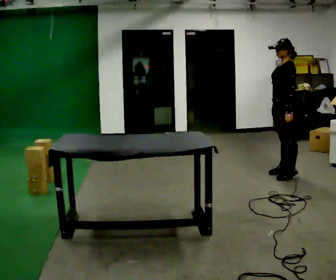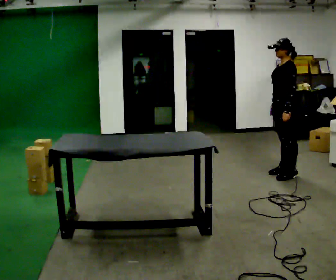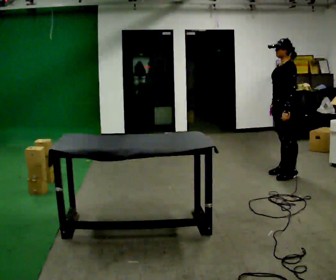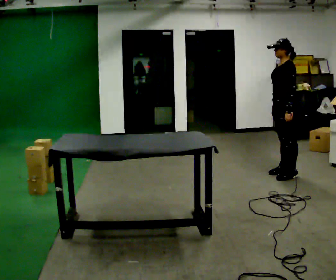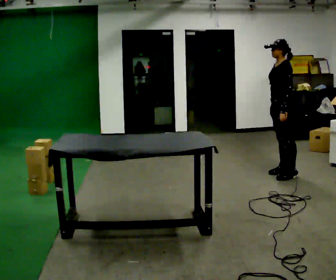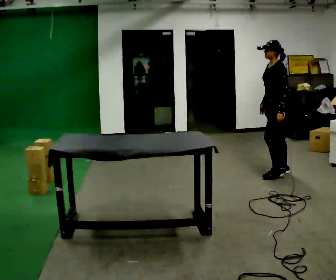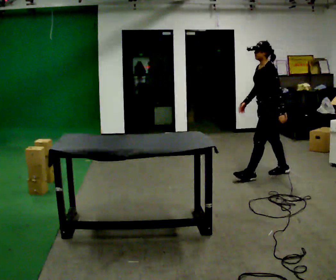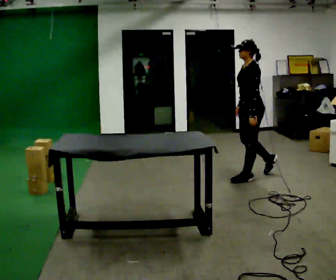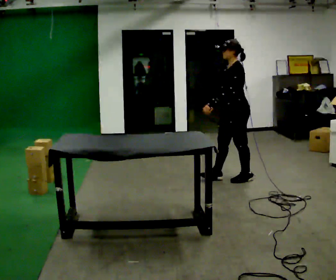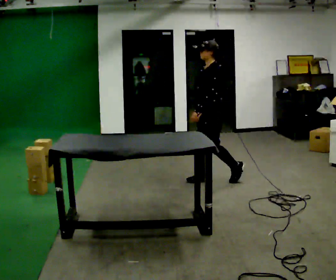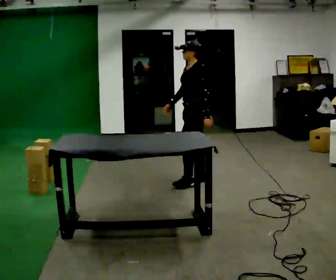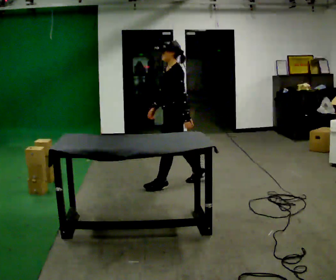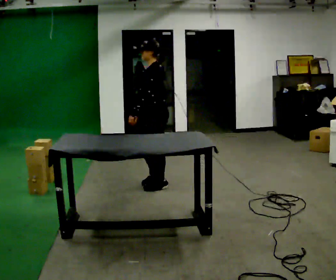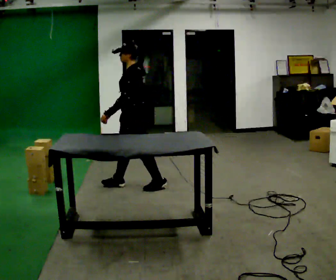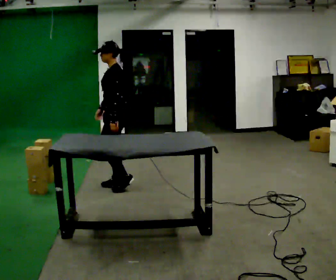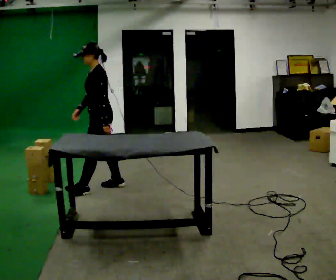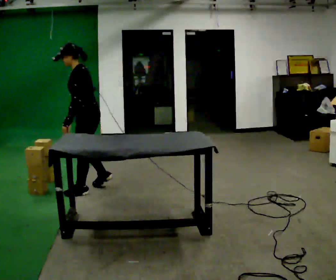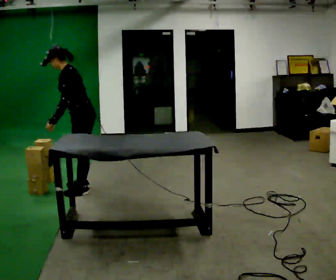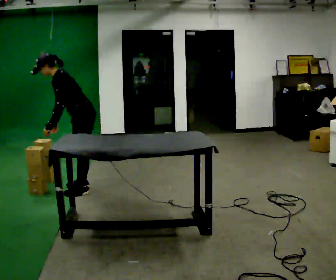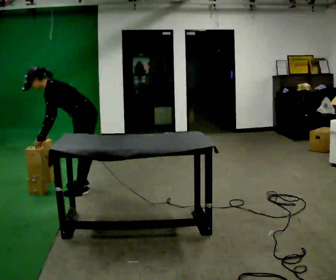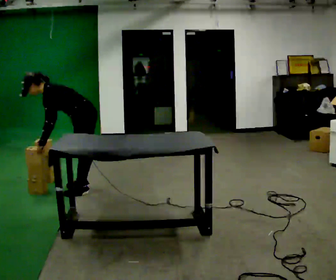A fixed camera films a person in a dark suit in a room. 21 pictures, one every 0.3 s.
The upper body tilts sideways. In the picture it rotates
counterclockwise.
The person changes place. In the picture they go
to the left.
0.0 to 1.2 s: The person moves a little, or ends about where they began.
1.2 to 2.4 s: In the picture they go to the left, about 0.5 m in 1 step, which for them is forward.
2.4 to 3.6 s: In the picture they go to the left, about 1 m in 2 steps, which for them is forward.
3.6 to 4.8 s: In the picture they go to the left, about 0.5 m in 2 steps, which for them is forward.
4.8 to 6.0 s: The upper body goes downward. In the picture the upper body tilts counterclockwise, shoulders to the left, as they bend forward. In the picture their right hand goes to the left.
The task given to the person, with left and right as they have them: Bring the boxes over one at a time and stack them on top of each other, walking back for each one. Keep going until the operator says stop; one object at a time, and do not rush between trips.
The film runs forward here.
